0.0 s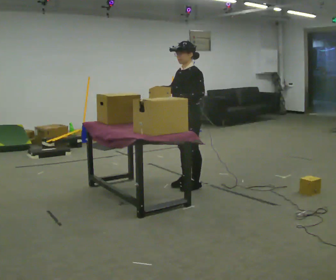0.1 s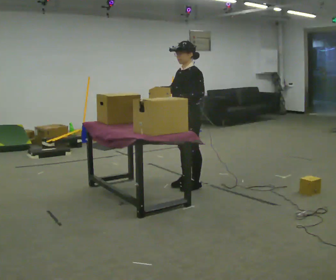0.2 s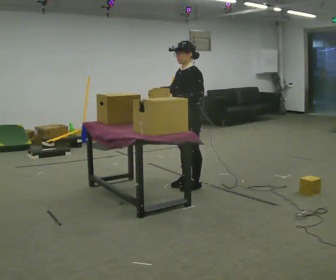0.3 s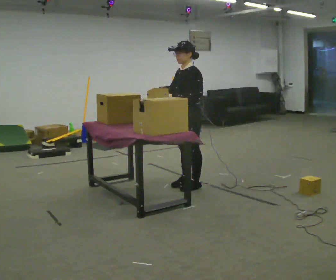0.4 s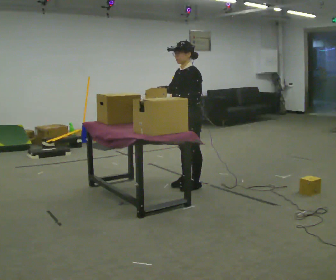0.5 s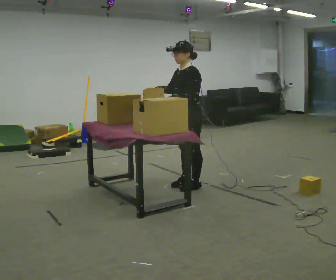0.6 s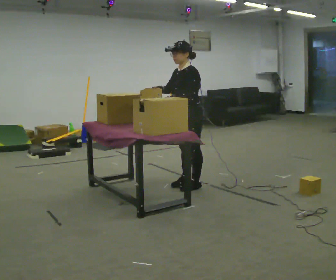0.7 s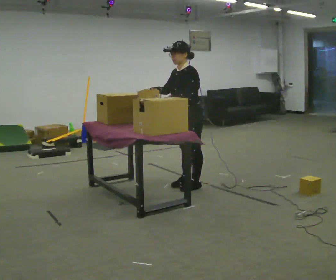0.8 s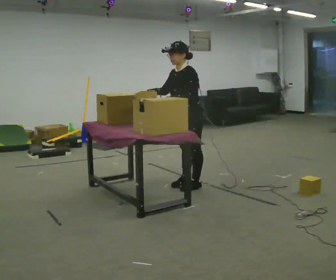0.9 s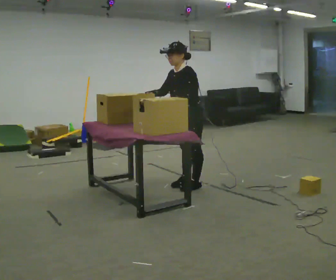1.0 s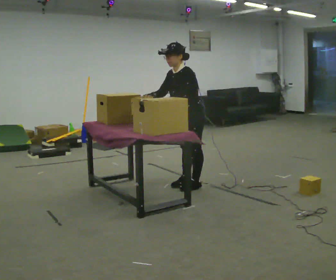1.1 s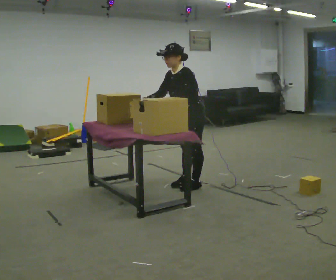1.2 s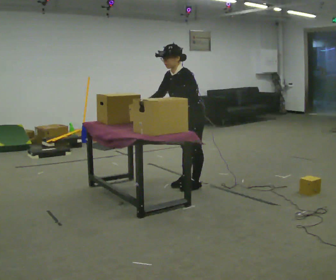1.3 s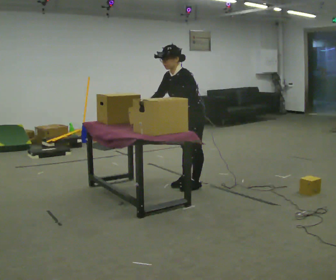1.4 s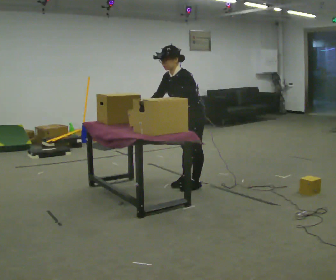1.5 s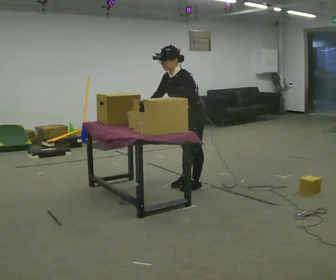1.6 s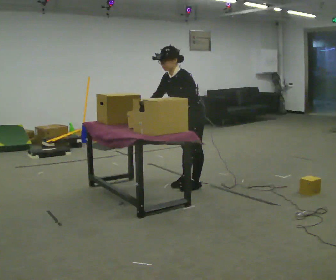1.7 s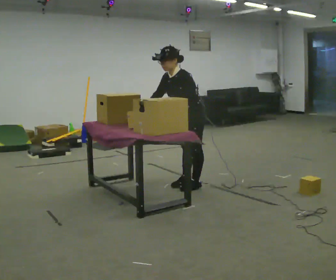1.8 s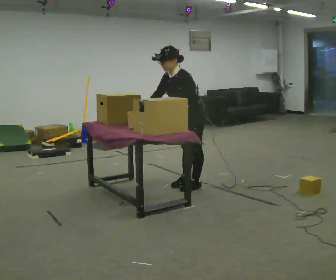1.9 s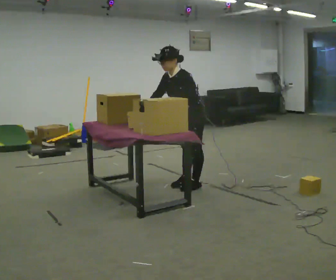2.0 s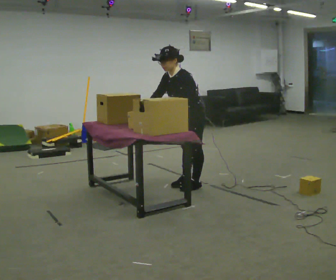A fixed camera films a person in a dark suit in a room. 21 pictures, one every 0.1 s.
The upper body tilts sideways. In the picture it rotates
counterclockwise.
0.0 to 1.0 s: In the picture the upper body tilts counterclockwise, shoulders to the left, as they bend forward.
1.0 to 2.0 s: The person moves a little, or ends about where they began.
The film runs backward here.
